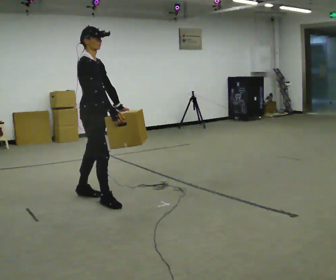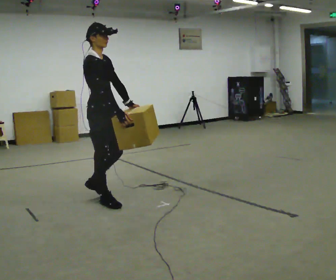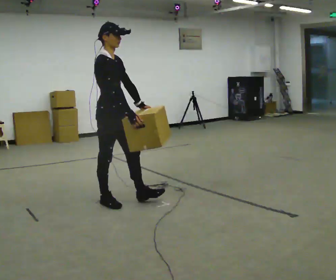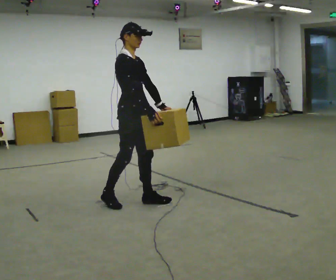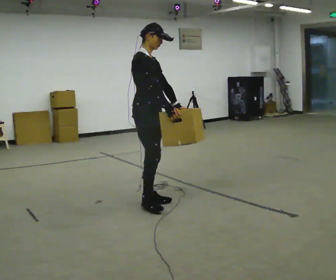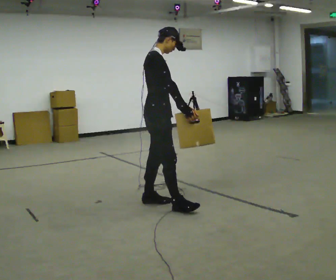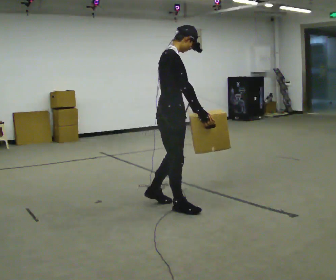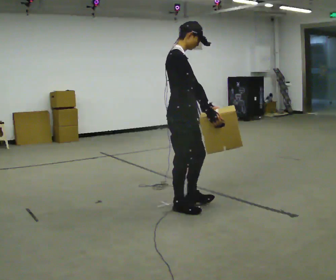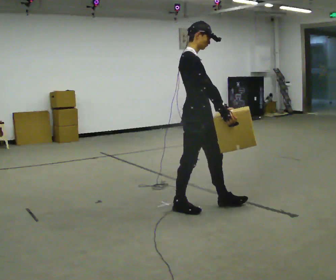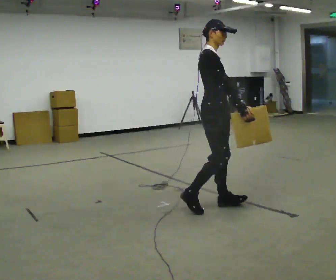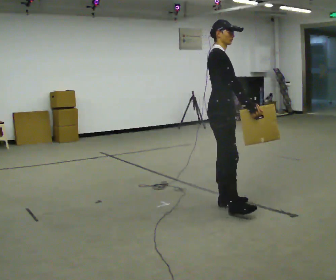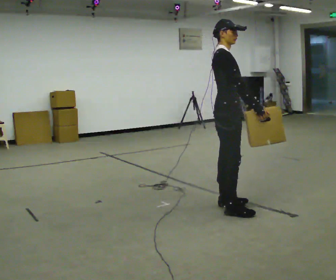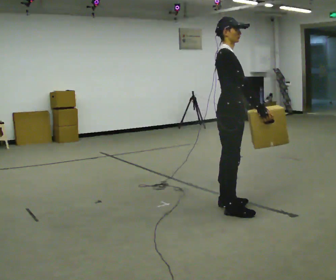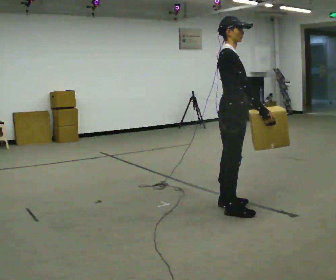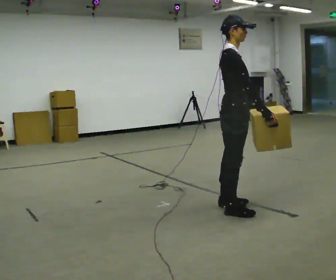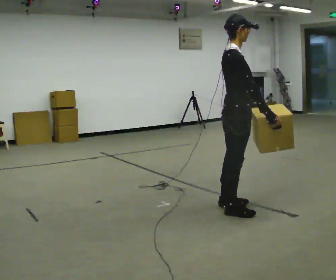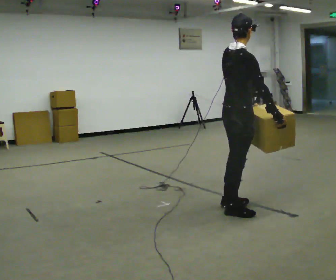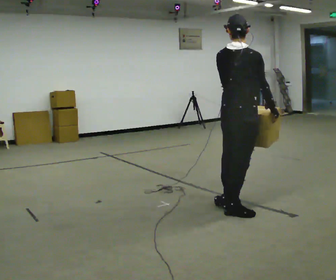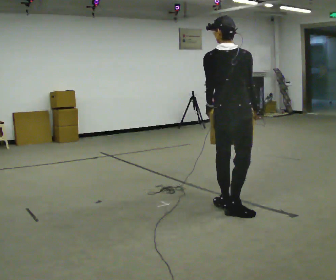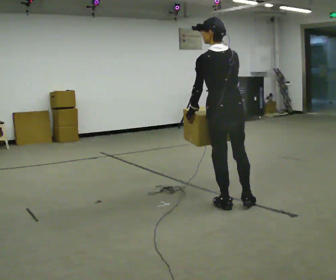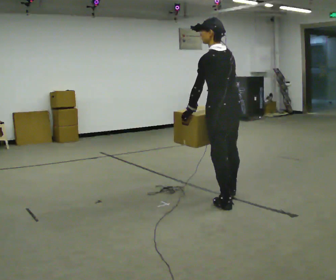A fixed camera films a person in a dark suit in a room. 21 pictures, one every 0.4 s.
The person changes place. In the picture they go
to the right.
0.0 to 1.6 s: In the picture they go to the right, about 0.5 m in 1 step, which for them is forward.
1.6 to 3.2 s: In the picture they go to the right, about 0.5 m in 2 steps, which for them is forward and to their right.
3.2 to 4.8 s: In the picture they go to the right, about 0.25 m in 1 step, which for them is forward.
4.8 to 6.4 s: The person turns about 30 degrees to their left, counterclockwise seen from above, so the part of the body nearest the lens slides to the right. In the picture they go toward the camera, about 0.25 m, which for them is to their right.
6.4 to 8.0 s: The part of the body nearest the lens slides to the right as the person turns to their left by about 105 degrees. In the picture they go away from the camera, about 0.25 m in 1 step. In the picture the upper body tilts counterclockwise, shoulders to the left.
The film runs forward here.
